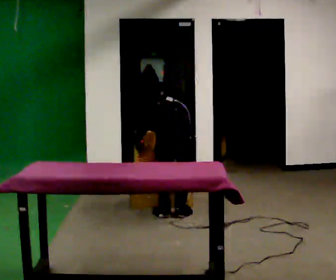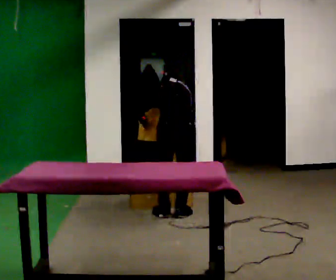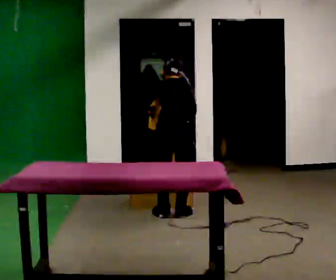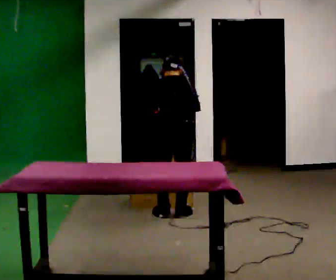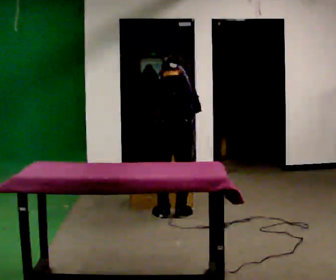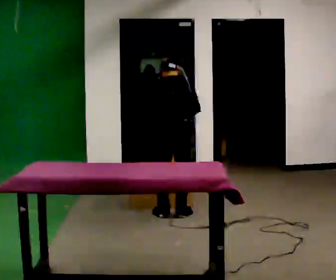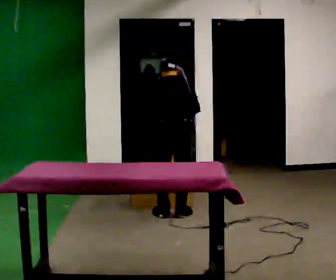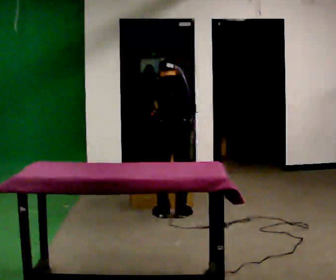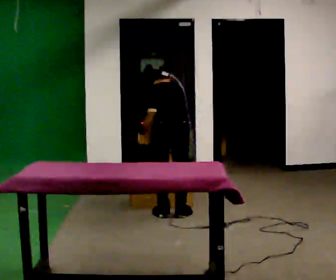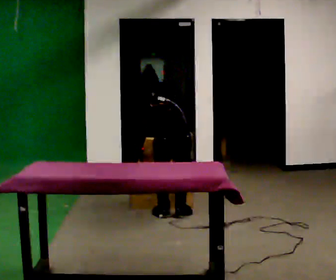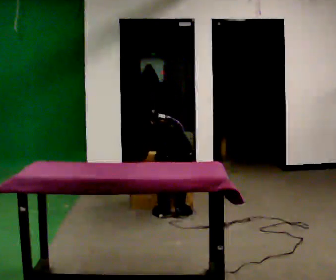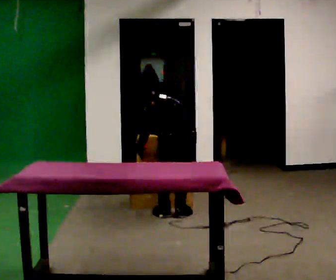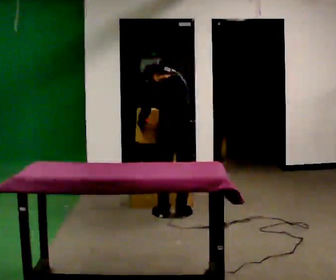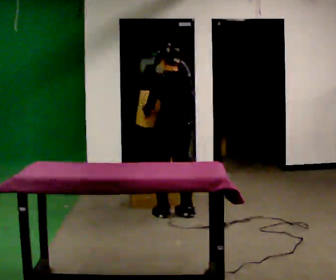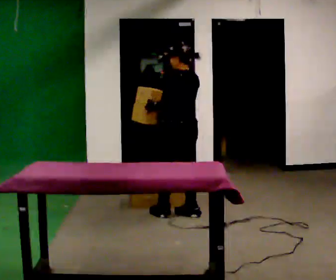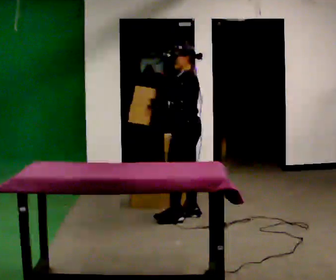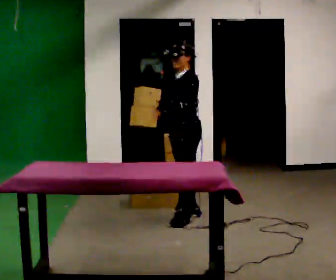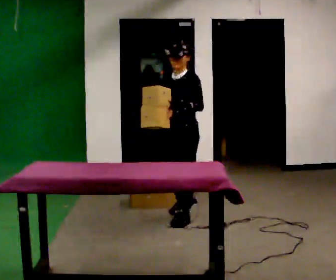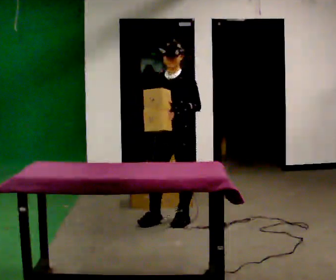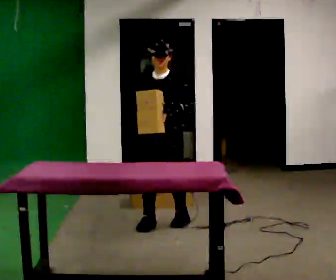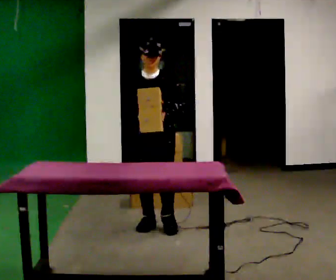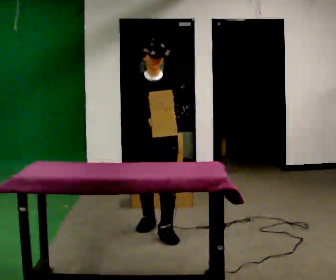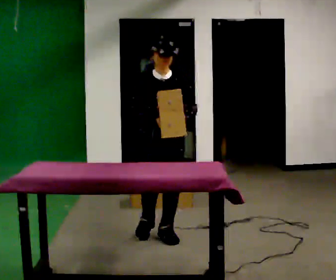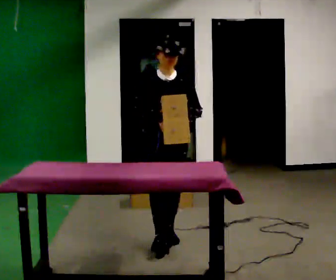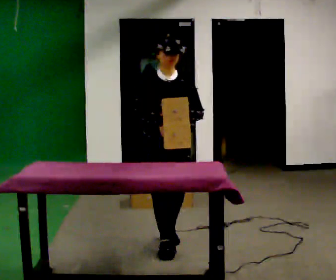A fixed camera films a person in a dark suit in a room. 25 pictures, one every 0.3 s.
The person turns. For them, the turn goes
to their left.
The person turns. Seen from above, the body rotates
counterclockwise.
0.0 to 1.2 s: The upper body goes upward. The upper body tips toward the camera, its near side rolling downward, as they lean back or straighten.
1.2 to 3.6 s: The person moves a little, or ends about where they began.
3.6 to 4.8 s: The person turns about 105 degrees to their left, counterclockwise seen from above, so the part of the body nearest the lens slides to the right. The upper body tips toward the camera, its near side rolling downward, as they lean back or straighten.
4.8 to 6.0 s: Seen from above the body turns counterclockwise, about 60 degrees: to their left, with its near side sliding to the right. In the picture they go toward the camera and to the left, about 0.5 m in 1 step, which for them is forward.
6.0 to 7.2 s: In the picture they go toward the camera, about 0.5 m in 2 steps, which for them is forward.
The film runs forward here.
